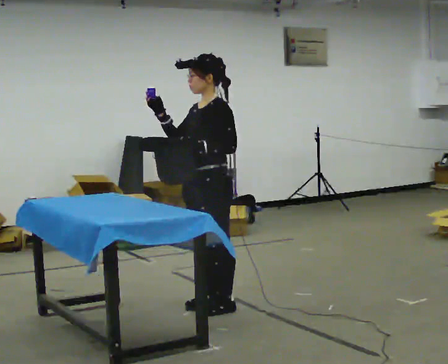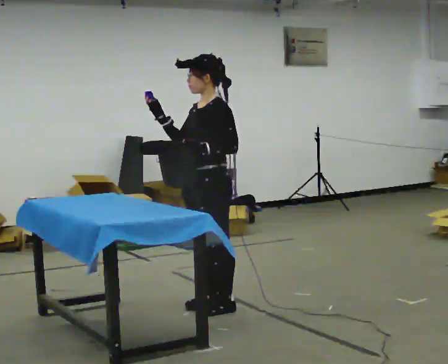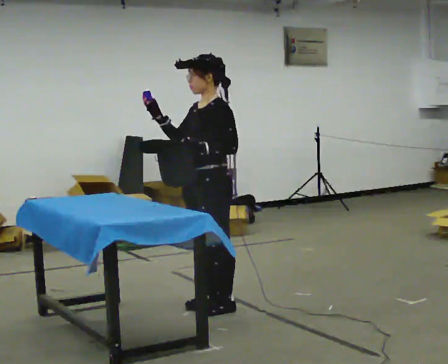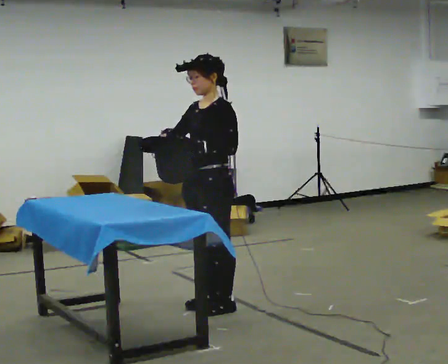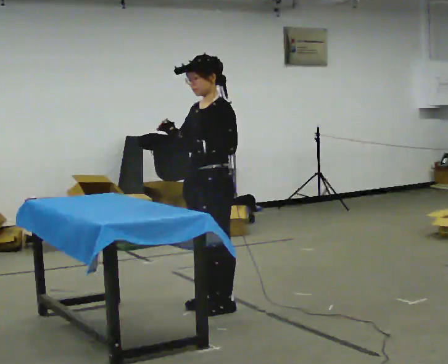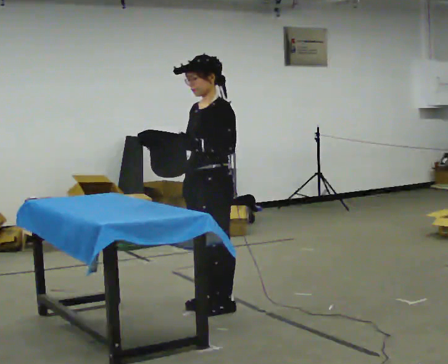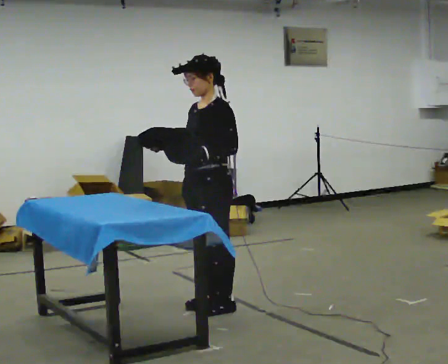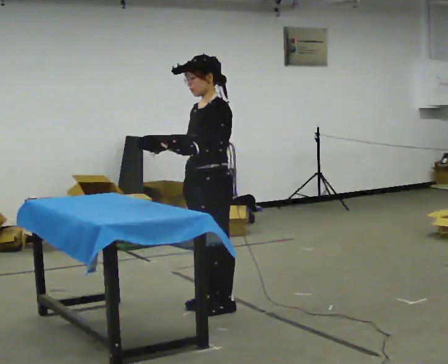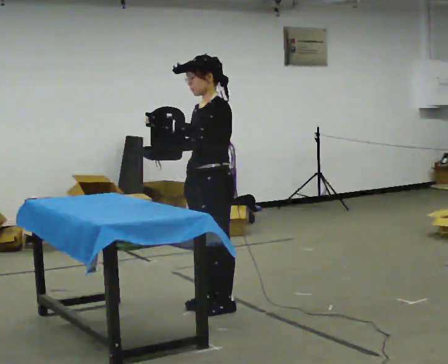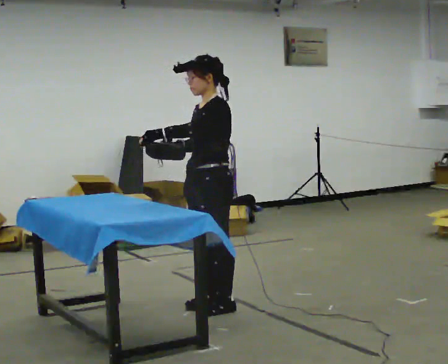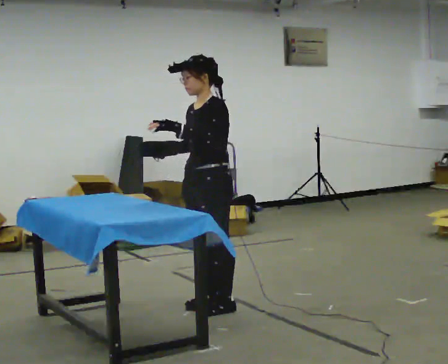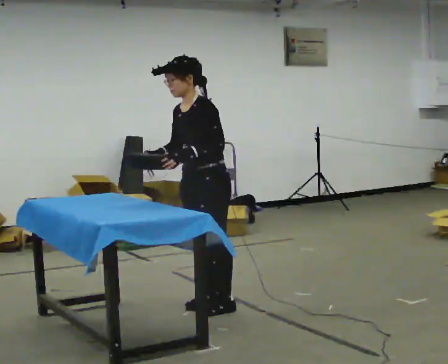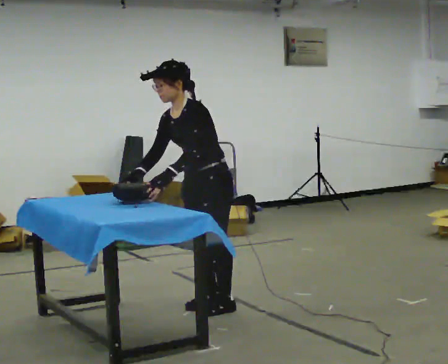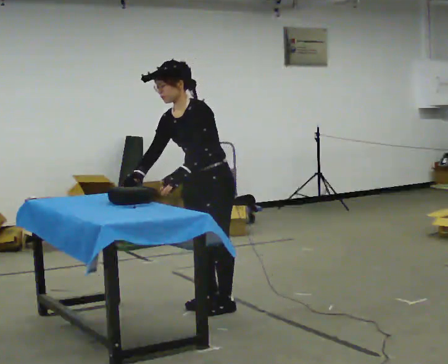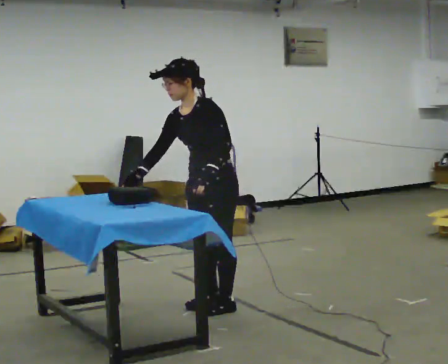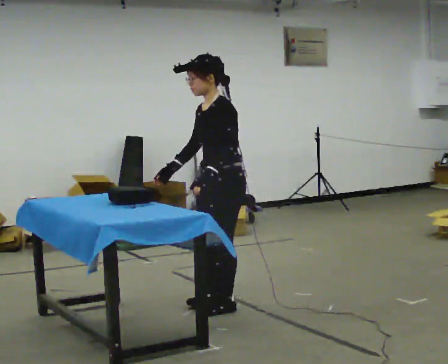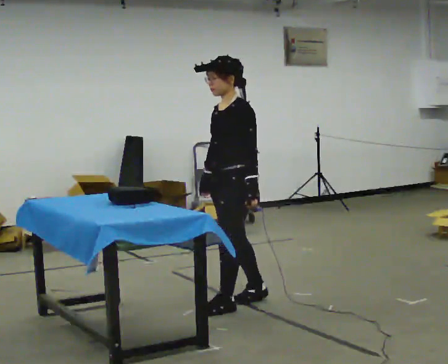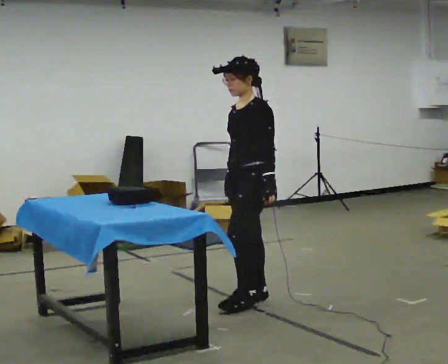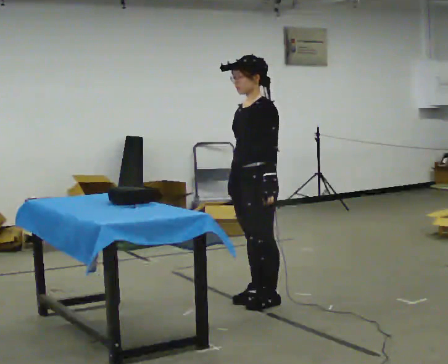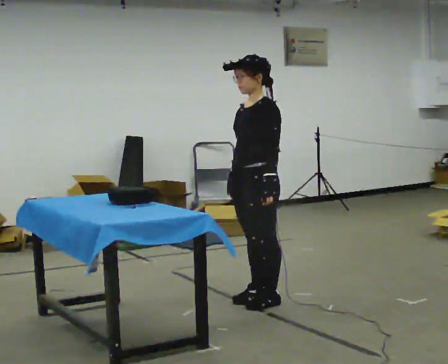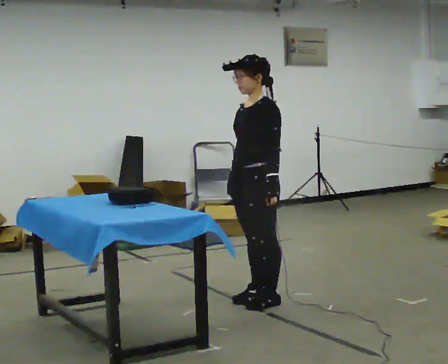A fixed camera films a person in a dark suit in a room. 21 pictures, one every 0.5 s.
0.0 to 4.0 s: The person moves a little, or ends about where they began.
4.0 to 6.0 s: In the picture the upper body tilts counterclockwise, shoulders to the left, as they bend forward.
6.0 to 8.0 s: In the picture they go to the right, about 0.25 m in 1 step, which for them is backward. In the picture the upper body tilts clockwise, shoulders to the right, as they lean back or straighten. In the picture their right hand goes to the right.
8.0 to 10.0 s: The person moves a little, or ends about where they began.
The film runs backward here.
